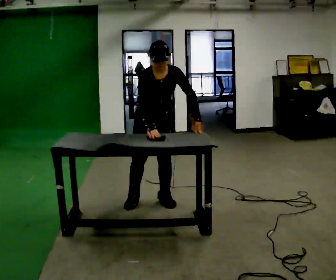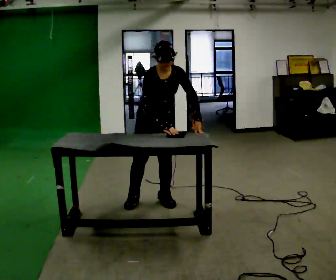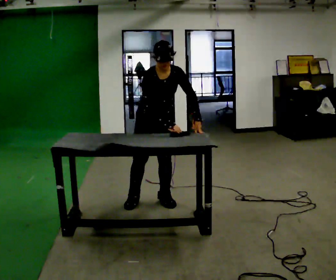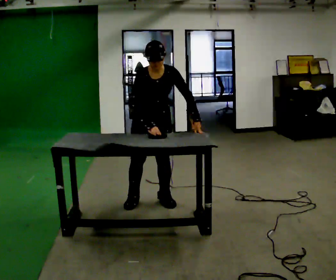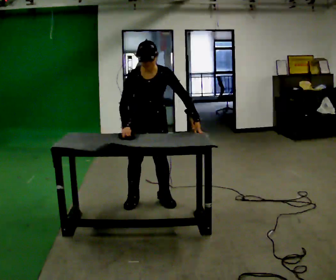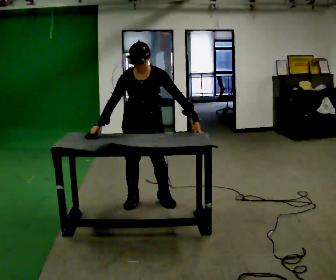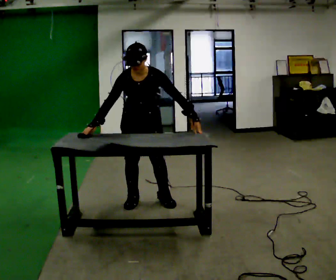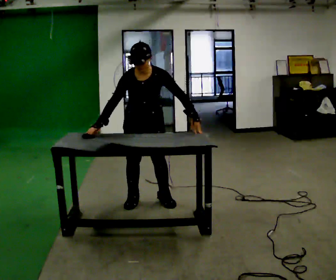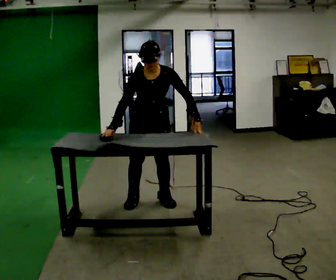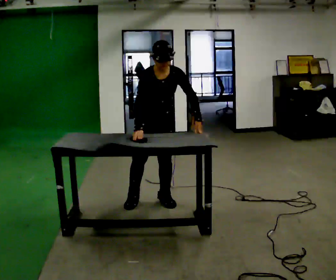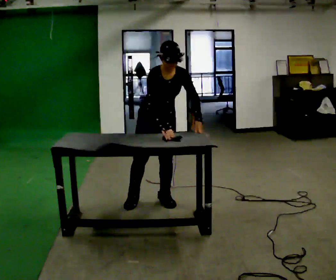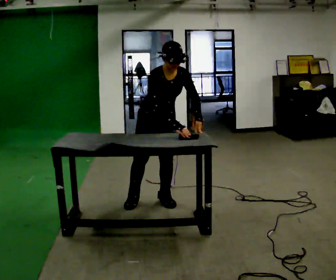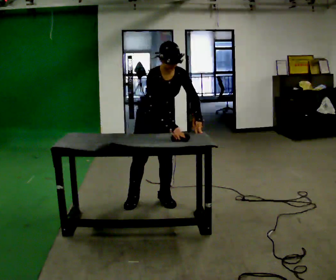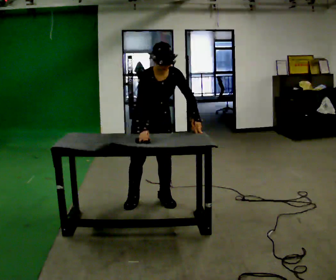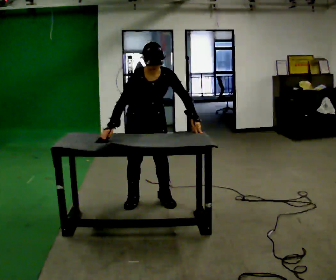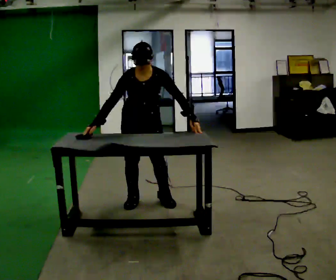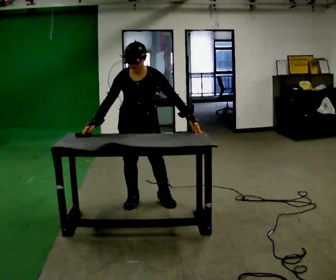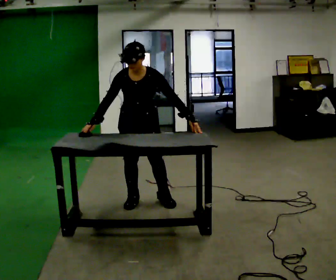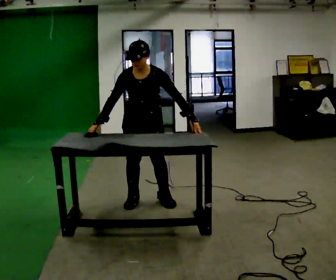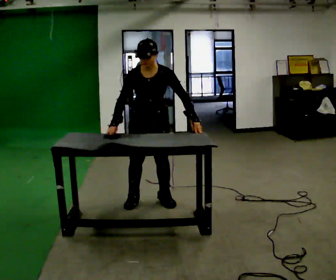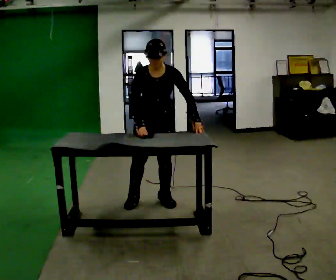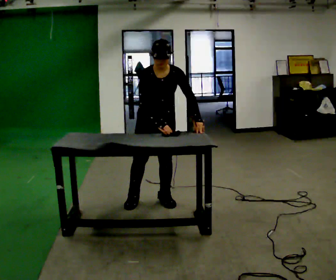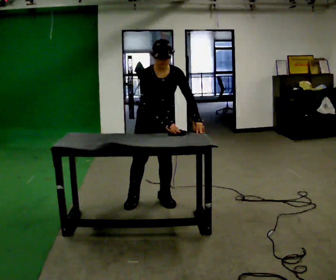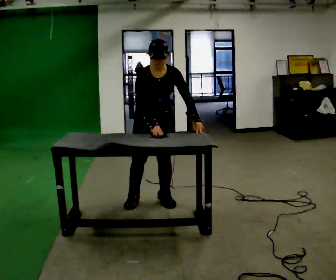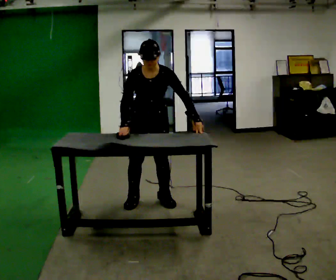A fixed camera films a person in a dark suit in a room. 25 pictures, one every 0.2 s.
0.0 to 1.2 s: In the picture their right hand goes to the left.
1.2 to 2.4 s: The person turns about 30 degrees to their left, counterclockwise seen from above, so the part of the body nearest the lens slides to the right. In the picture the upper body tilts clockwise, shoulders to the right. In the picture their right hand goes to the right, the arm swinging counterclockwise.
2.4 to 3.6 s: The person turns about 30 degrees to their right, clockwise seen from above, so the part of the body nearest the lens slides to the left. In the picture the upper body tilts counterclockwise, shoulders to the left. In the picture their right hand goes to the left, the arm swinging clockwise.
3.6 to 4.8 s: The person moves a little, or ends about where they began.
The film runs backward here.
